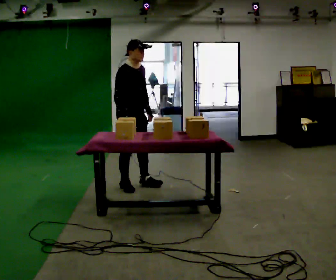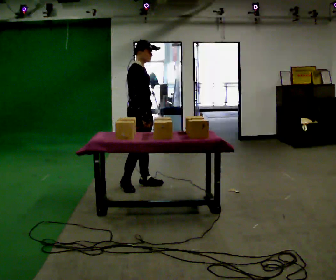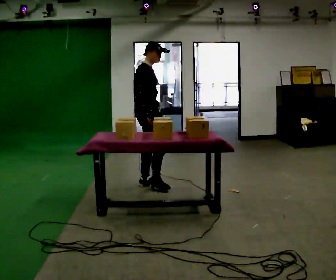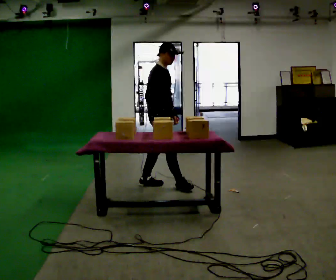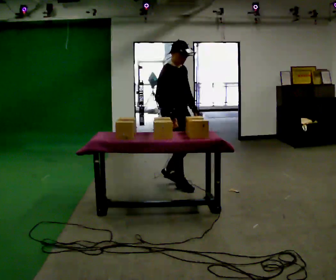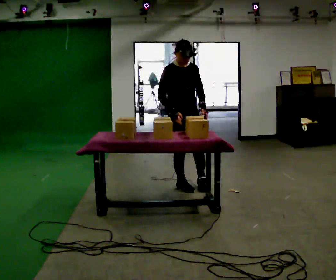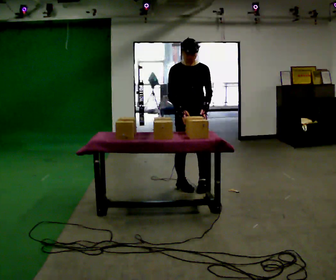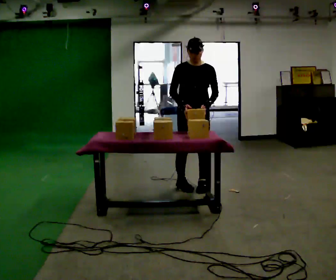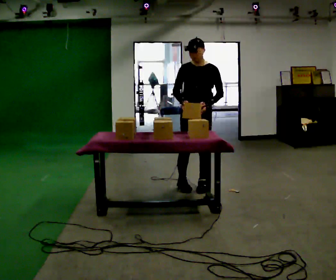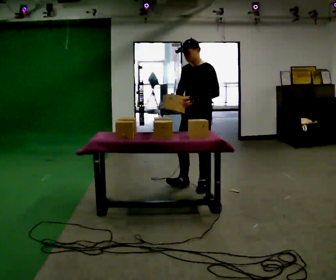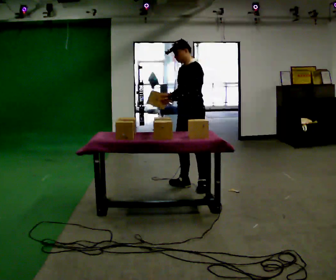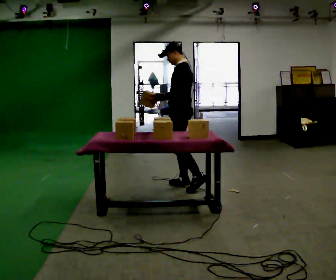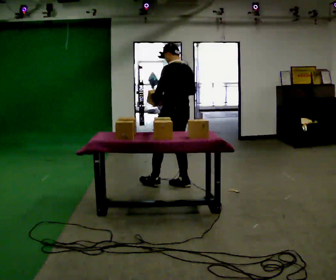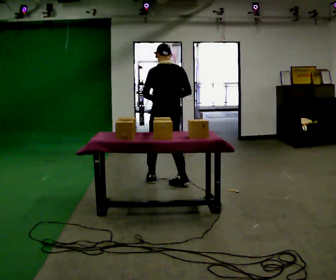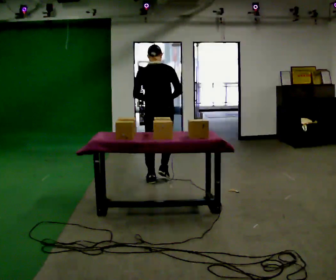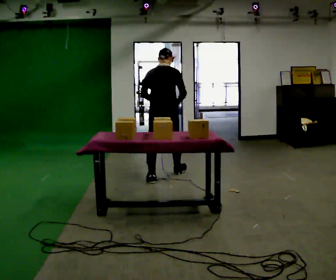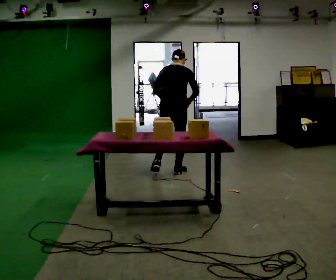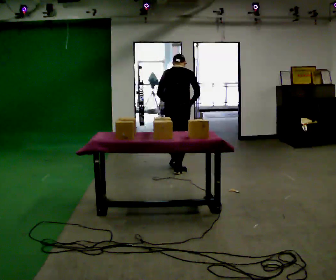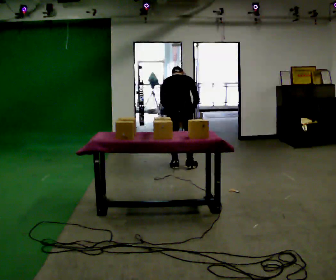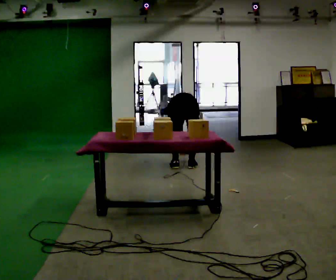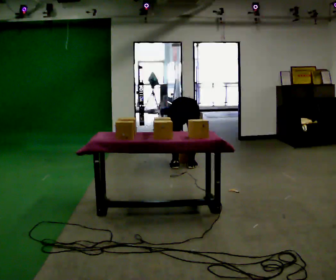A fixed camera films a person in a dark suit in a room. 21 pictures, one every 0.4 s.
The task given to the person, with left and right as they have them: Take boxes off the top of the stack one at a time and carry them away, walking back for each one. Keep going until the operator says stop; one object at a time, and do not rush between trips.
0.0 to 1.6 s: In the picture they go to the right, about 0.5 m in 1 step, which for them is forward.
1.6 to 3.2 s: Seen from above the body turns clockwise, about 75 degrees: to their right, with its near side sliding to the left. In the picture they go to the right, about 0.25 m in 1 step.
3.2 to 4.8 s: Seen from above the body turns clockwise, about 120 degrees: to their right, with its near side sliding to the left. In the picture they go to the left, about 0.25 m.
4.8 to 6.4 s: The person turns about 60 degrees to their right, clockwise seen from above, so the part of the body nearest the lens slides to the left. In the picture they go away from the camera, about 0.5 m in 2 steps, which for them is forward.
6.4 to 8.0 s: In the picture they go away from the camera, about 0.25 m in 2 steps, which for them is forward. The upper body goes downward. The upper body tips away from the camera, its near side rolling upward, as they bend forward. In the picture their left hand goes downward.
The film runs forward here.
